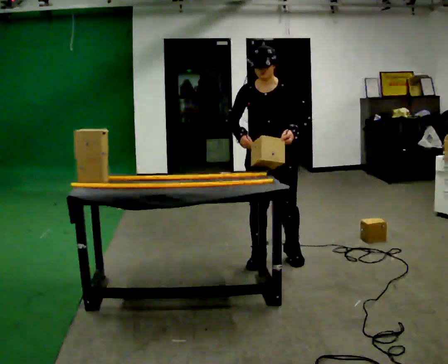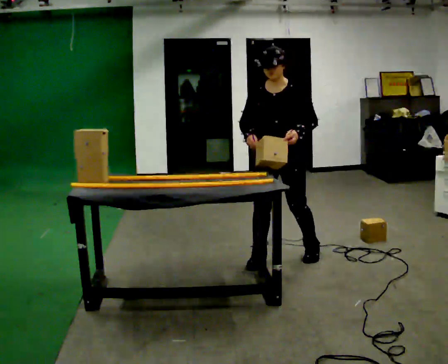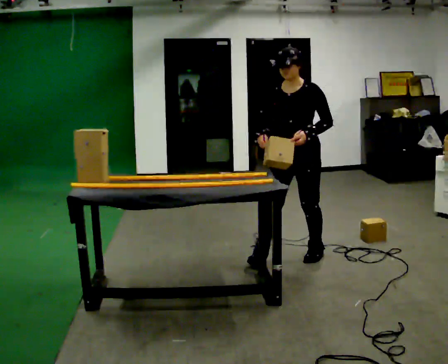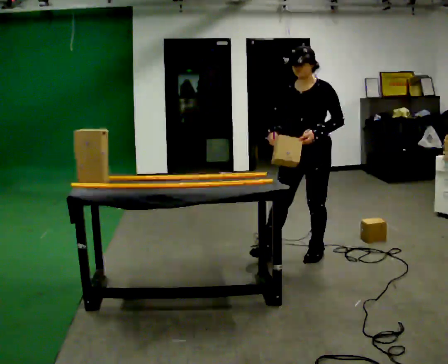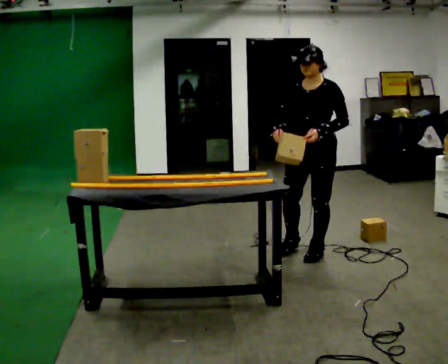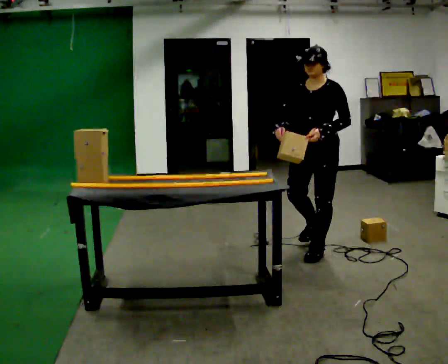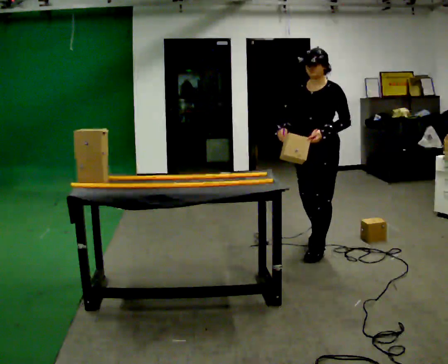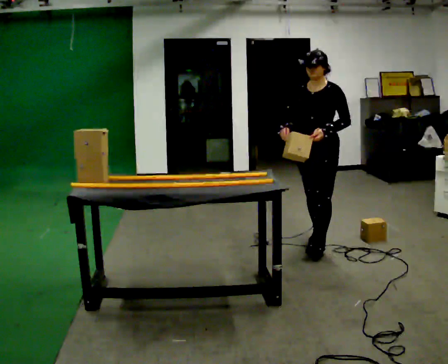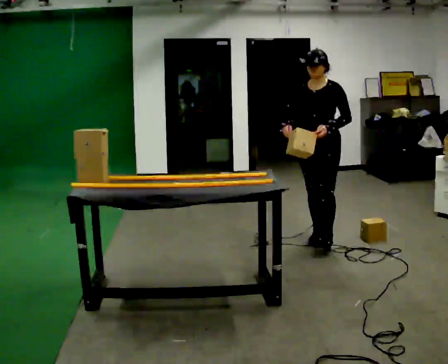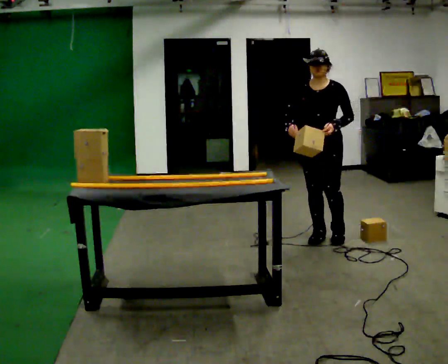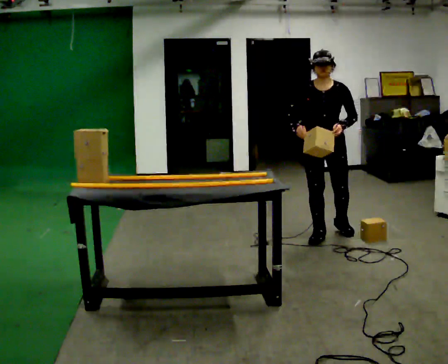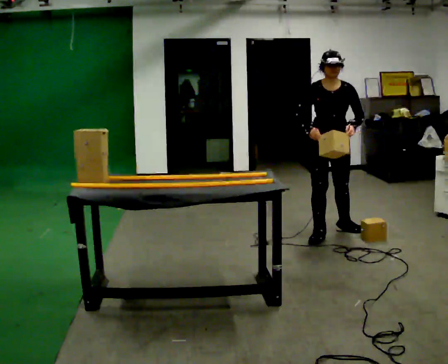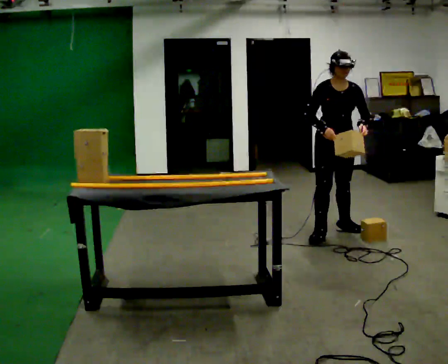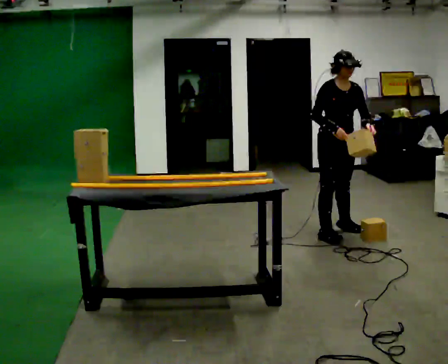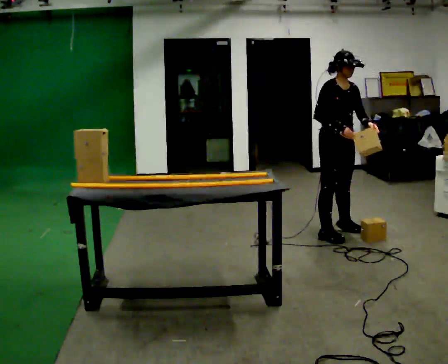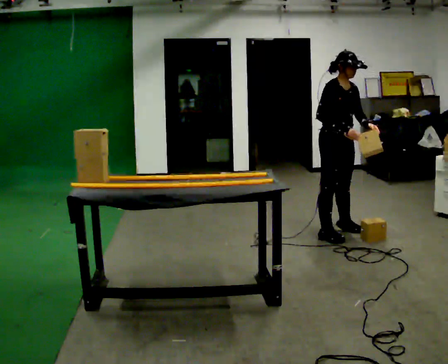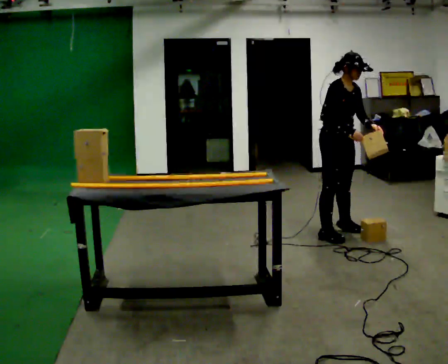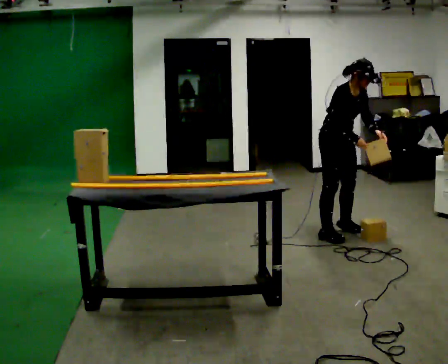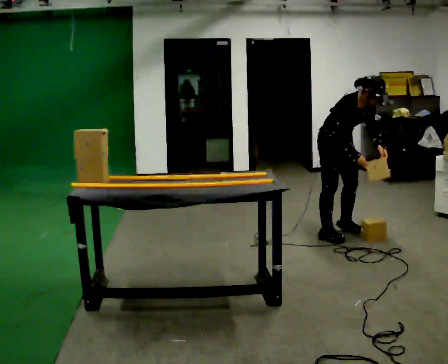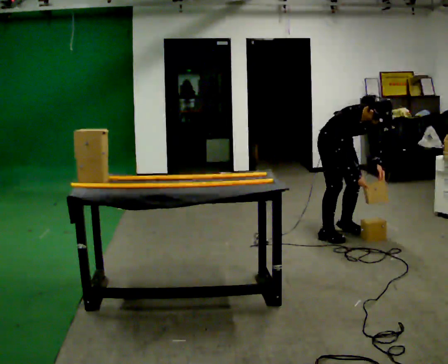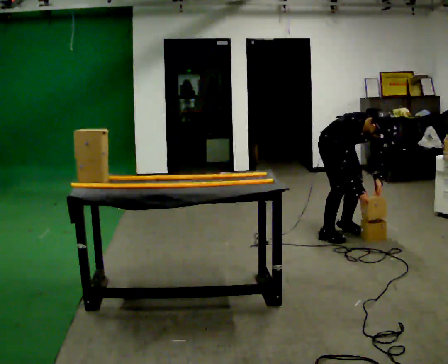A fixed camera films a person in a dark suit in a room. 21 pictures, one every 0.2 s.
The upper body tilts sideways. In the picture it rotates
clockwise.
Their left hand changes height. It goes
downward.
0.0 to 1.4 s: The part of the body nearest the lens slides to the left as the person turns to their right by about 30 degrees. In the picture they go away from the camera and to the right, about 0.5 m in 1 step, which for them is backward and to their left.
1.4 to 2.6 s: Seen from above the body turns counterclockwise, about 60 degrees: to their left, with its near side sliding to the right. In the picture they go away from the camera, about 0.25 m in 1 step, which for them is backward and to their left.
2.6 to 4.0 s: The shoulders move downward. In the picture the upper body tilts clockwise, shoulders to the right, as they bend forward. In the picture their left hand goes downward.
The film runs backward here.
